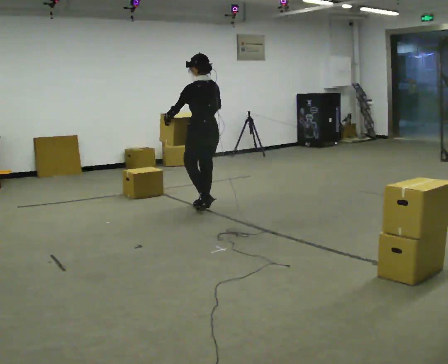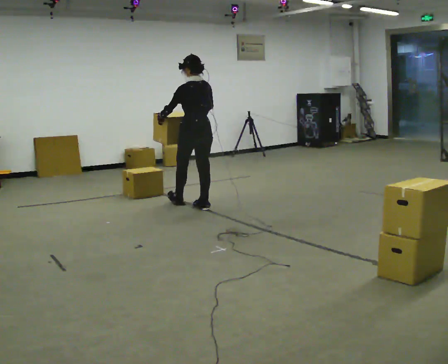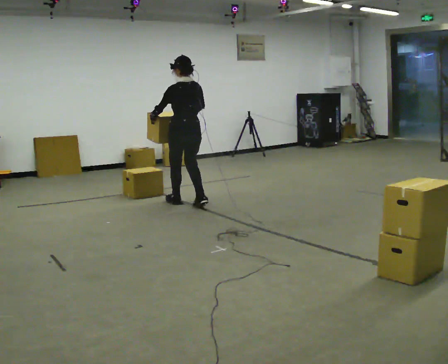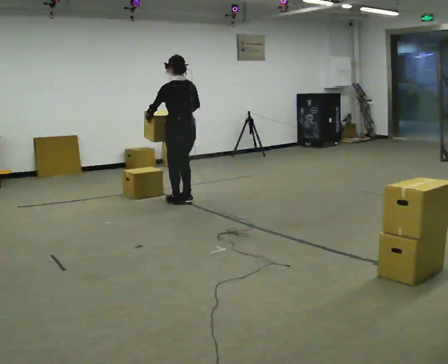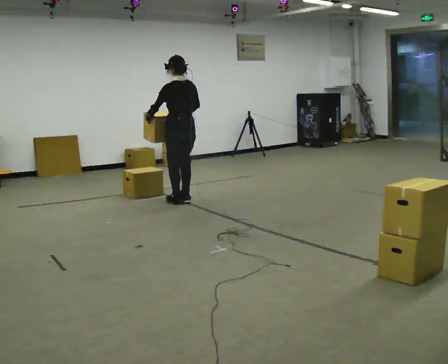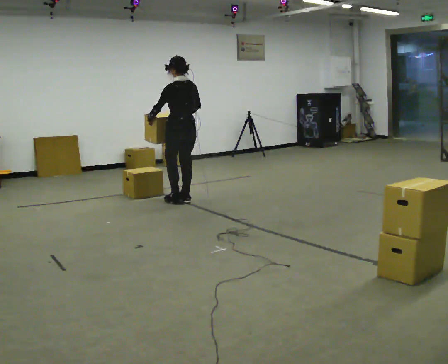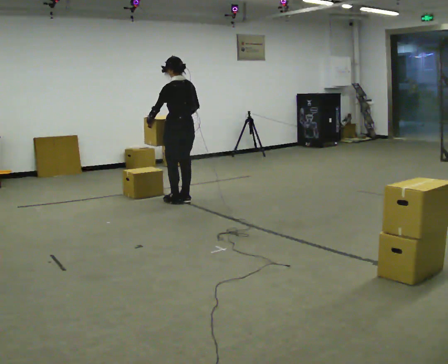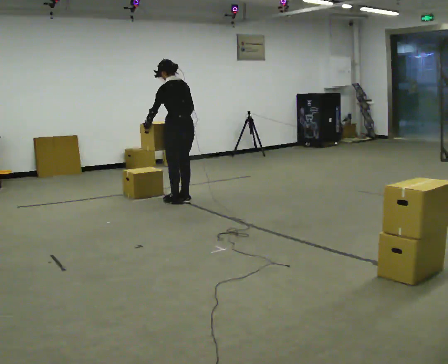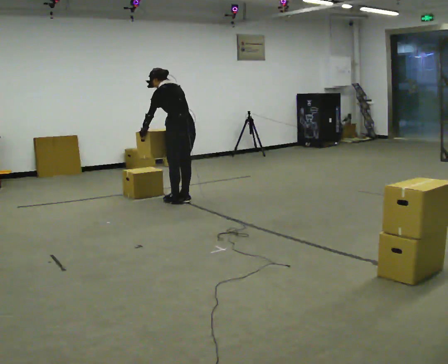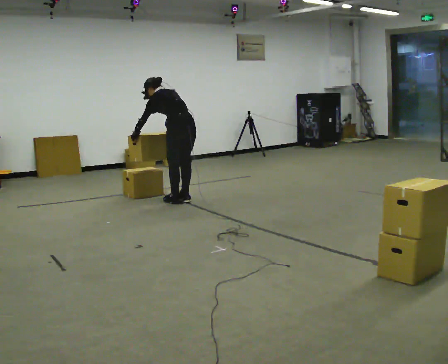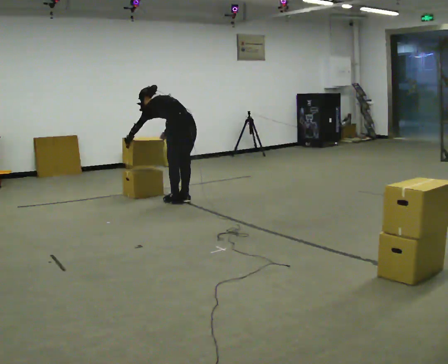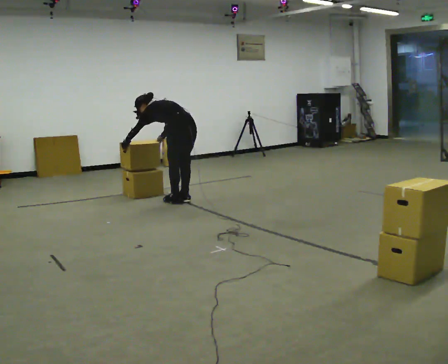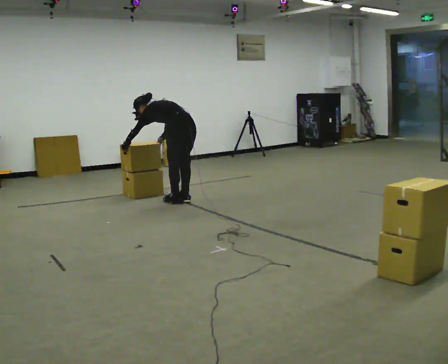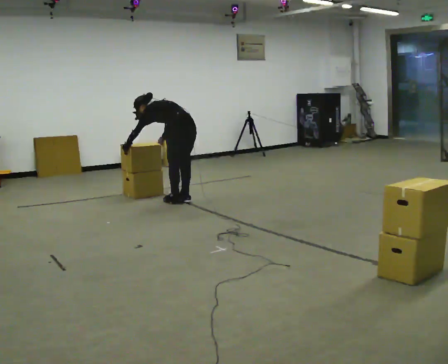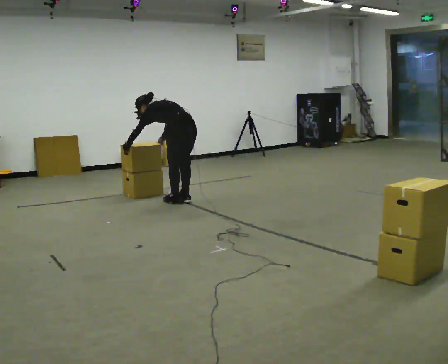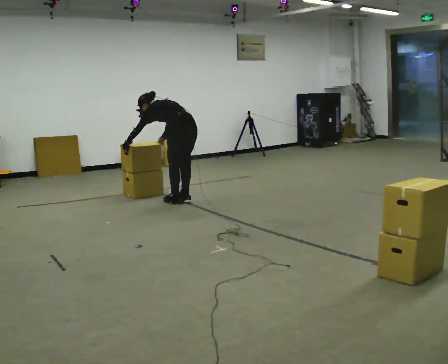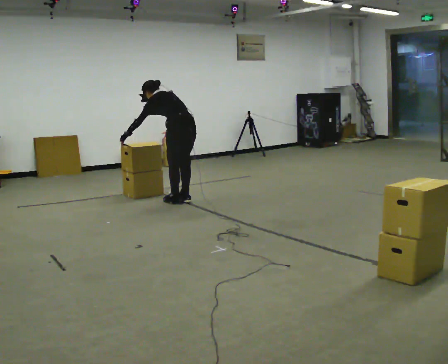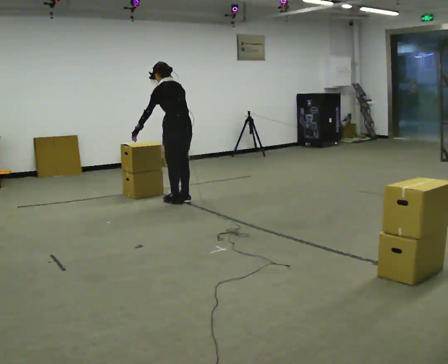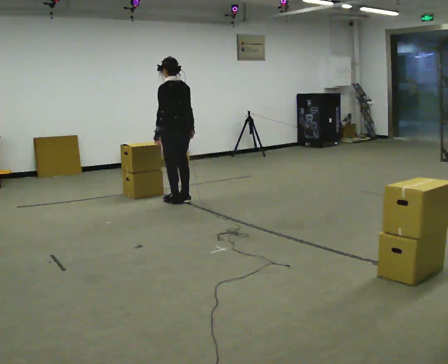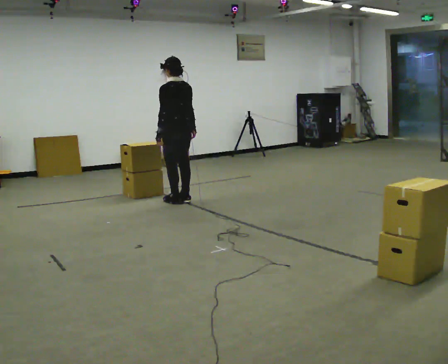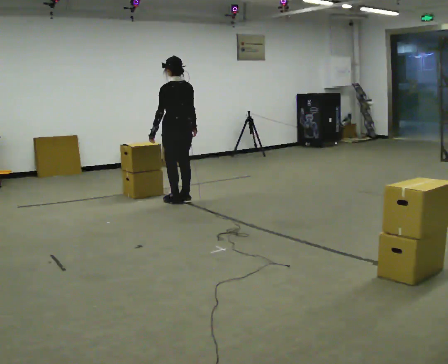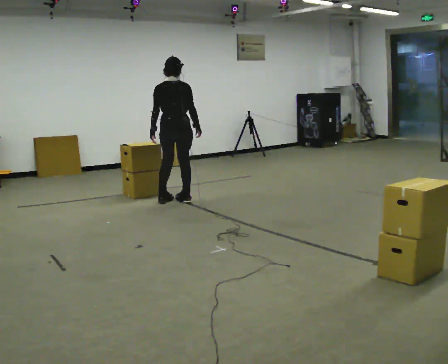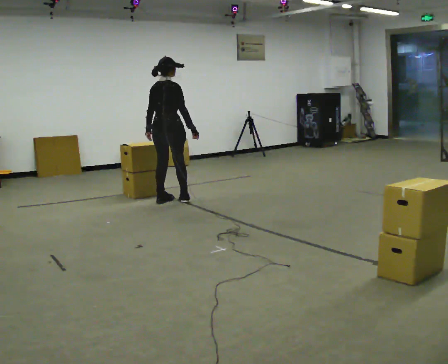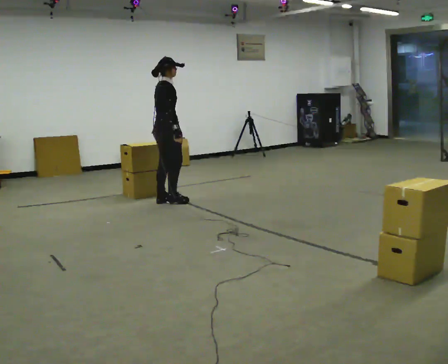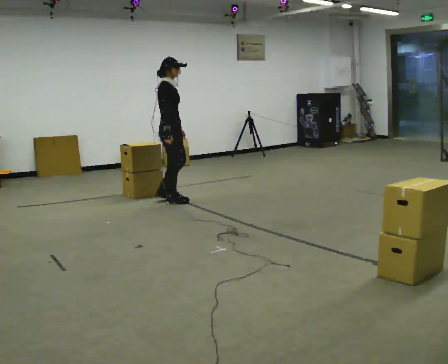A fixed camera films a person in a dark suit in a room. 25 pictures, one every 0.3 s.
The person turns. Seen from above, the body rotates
clockwise.
The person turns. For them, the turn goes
to their right.
0.0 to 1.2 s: In the picture they go away from the camera and to the left, about 0.5 m in 2 steps, which for them is forward.
1.2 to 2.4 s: The upper body tips away from the camera, its near side rolling upward, as they bend forward.
2.4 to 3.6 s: The shoulders move downward. In the picture the upper body tilts counterclockwise, shoulders to the left, as they bend forward.
3.6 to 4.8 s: In the picture the upper body tilts clockwise, shoulders to the right, as they lean back or straighten.
4.8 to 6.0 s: The upper body tips toward the camera, its near side rolling downward, as they lean back or straighten.
6.0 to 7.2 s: The person turns about 135 degrees to their right, clockwise seen from above, so the part of the body nearest the lens slides to the left. In the picture their right hand goes to the left.
The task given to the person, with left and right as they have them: Carry the stack of boxes across the room without letting it fall over, then bring it back. Keep going until the operator says stop; one object at a time, and do not rush between trips.
The film runs forward here.
